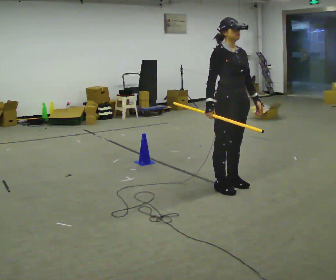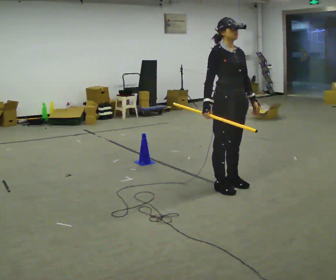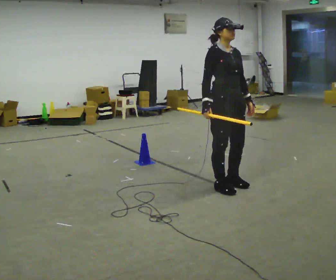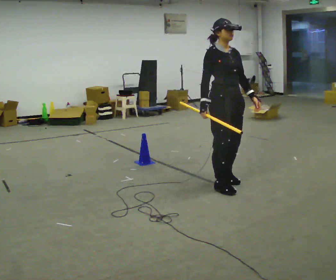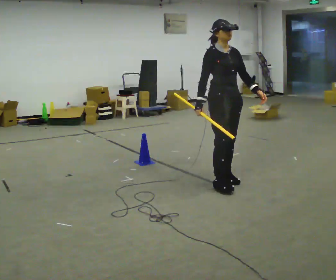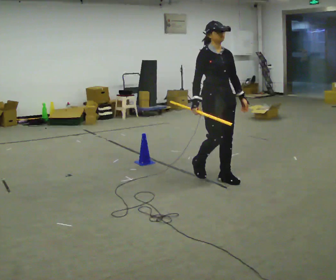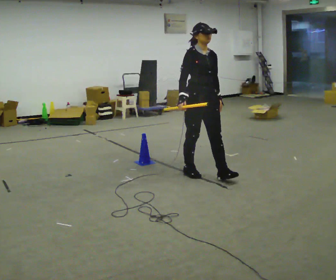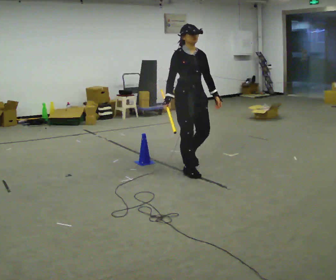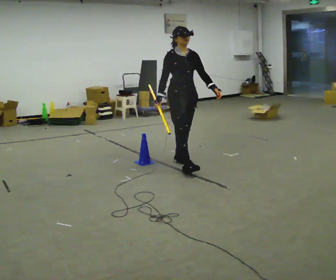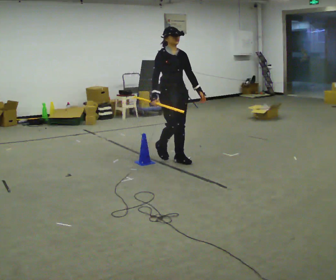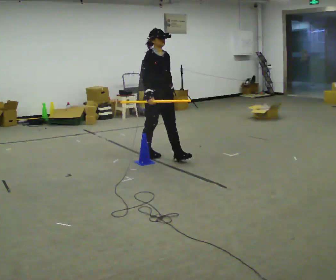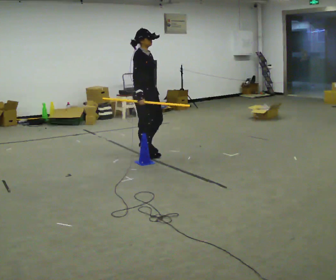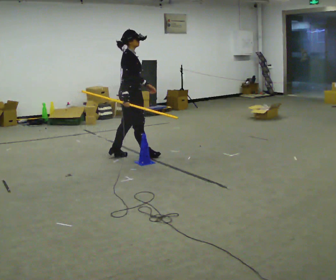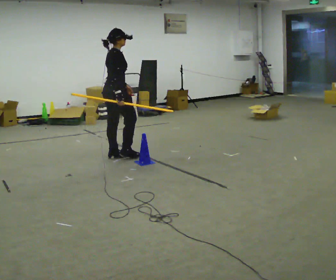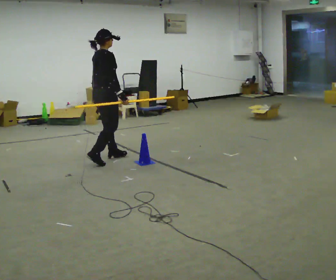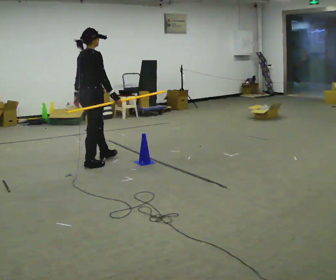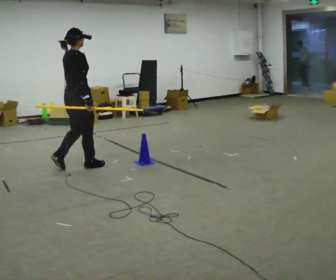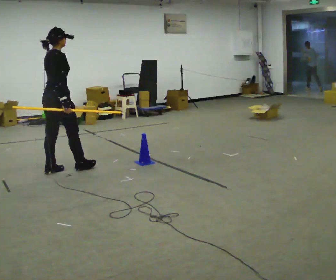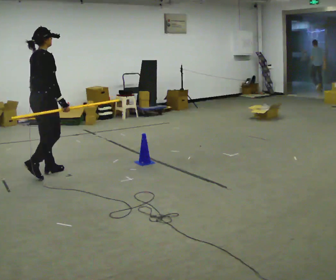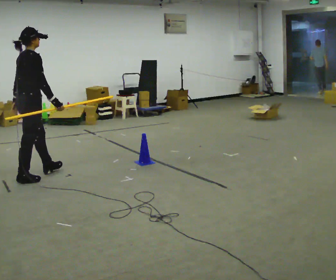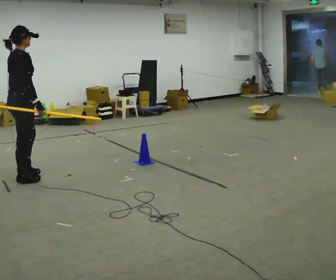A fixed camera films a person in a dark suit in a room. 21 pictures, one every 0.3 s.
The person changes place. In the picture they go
to the left.
0.0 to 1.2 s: In the picture they go away from the camera, about 0.25 m in 2 steps, which for them is backward.
1.2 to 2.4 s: In the picture they go away from the camera and to the left, about 0.5 m in 2 steps, which for them is backward.
2.4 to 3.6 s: The part of the body nearest the lens slides to the right as the person turns to their left by about 75 degrees. In the picture they go to the left and away from the camera, about 0.5 m in 1 step.
3.6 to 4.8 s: Seen from above the body turns counterclockwise, about 30 degrees: to their left, with its near side sliding to the right. In the picture they go to the left and toward the camera, about 0.5 m in 2 steps, which for them is backward.
4.8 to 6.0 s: In the picture they go toward the camera and to the left, about 0.5 m in 2 steps, which for them is backward.
The film runs backward here.
